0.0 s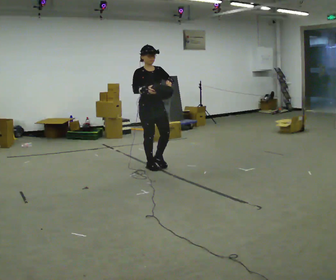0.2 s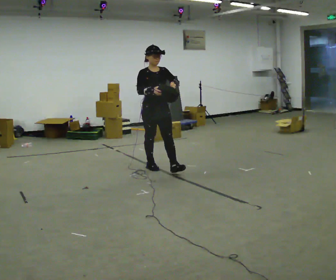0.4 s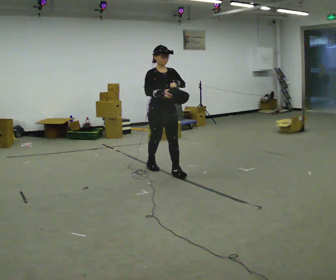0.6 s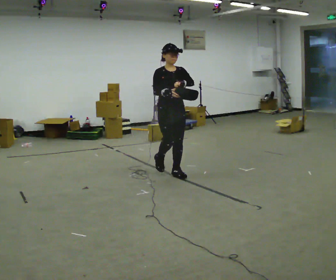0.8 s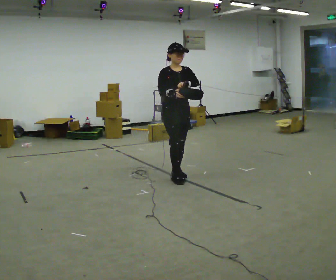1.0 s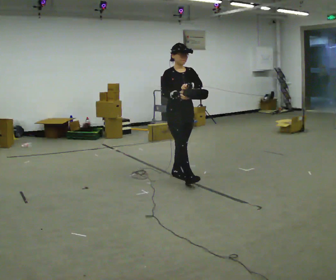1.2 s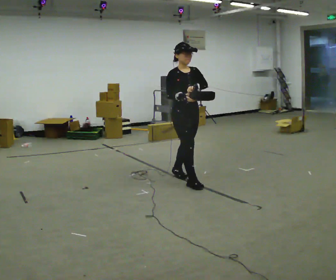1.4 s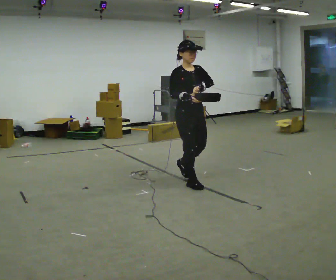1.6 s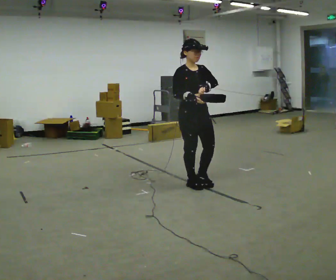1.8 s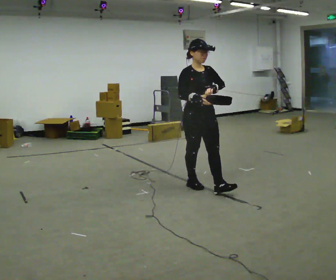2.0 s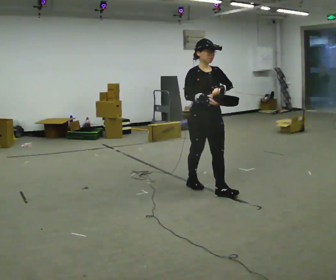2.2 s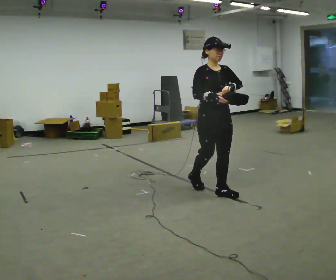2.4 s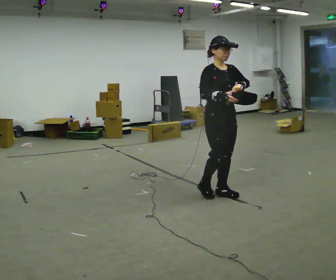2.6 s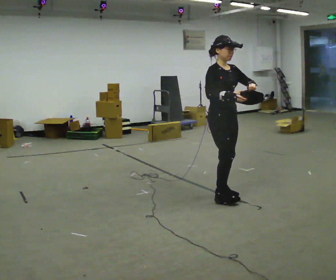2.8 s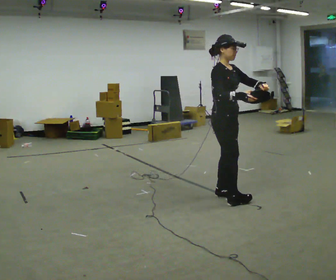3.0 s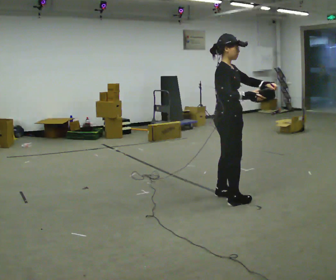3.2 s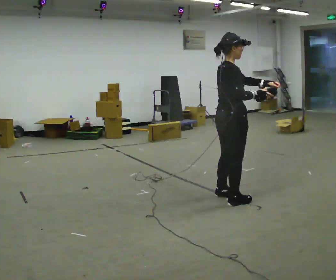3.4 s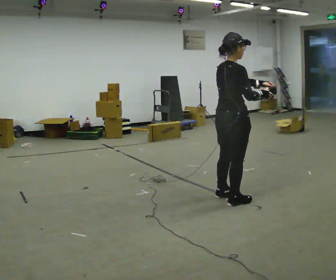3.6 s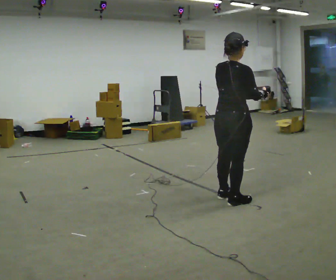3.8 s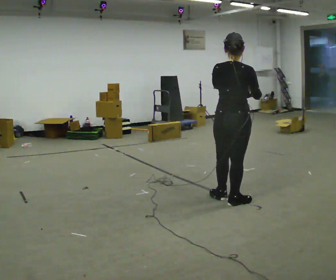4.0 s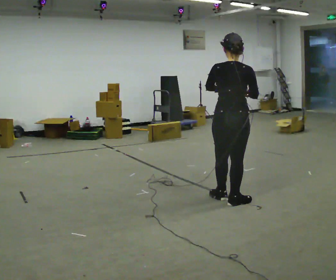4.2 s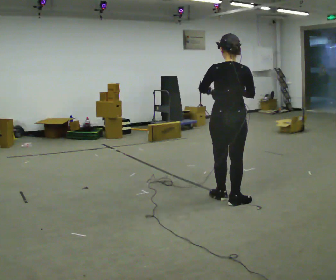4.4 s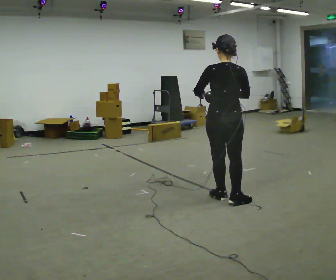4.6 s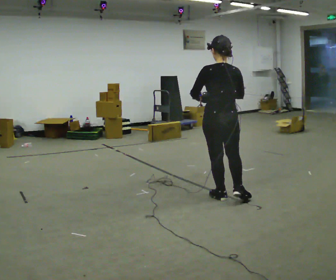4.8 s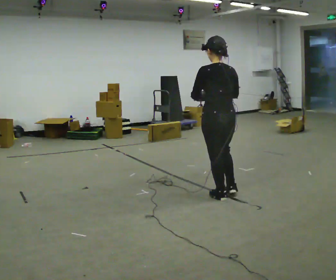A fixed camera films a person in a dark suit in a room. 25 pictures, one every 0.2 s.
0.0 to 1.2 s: In the picture they go to the right and toward the camera, about 1 m in 2 steps, which for them is forward.
1.2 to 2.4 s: In the picture they go to the right and toward the camera, about 0.5 m in 1 step, which for them is forward.
2.4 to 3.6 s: Seen from above the body turns counterclockwise, about 105 degrees: to their left, with its near side sliding to the right. In the picture they go toward the camera, about 0.25 m in 1 step.
3.6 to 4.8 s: The person turns about 60 degrees to their left, counterclockwise seen from above, so the part of the body nearest the lens slides to the right. In the picture they go away from the camera, about 0.25 m, which for them is forward and to their left. In the picture their left hand goes to the left.
The film runs forward here.
